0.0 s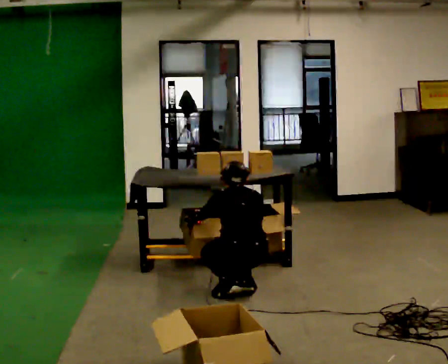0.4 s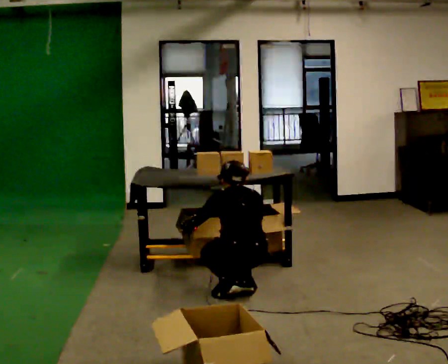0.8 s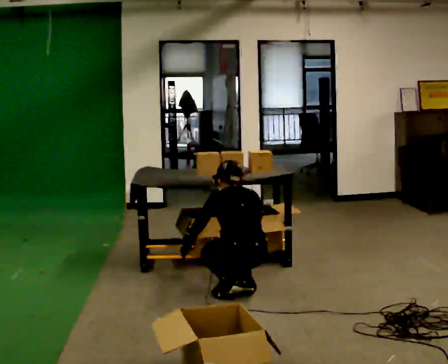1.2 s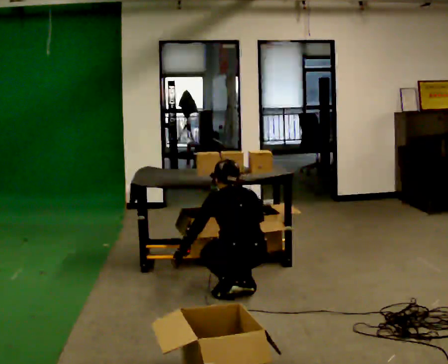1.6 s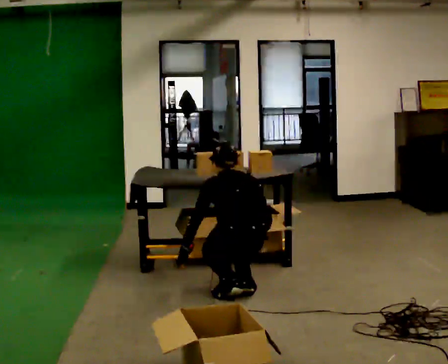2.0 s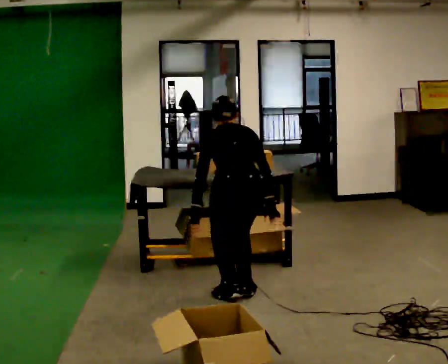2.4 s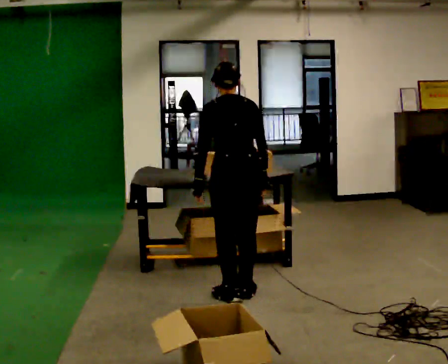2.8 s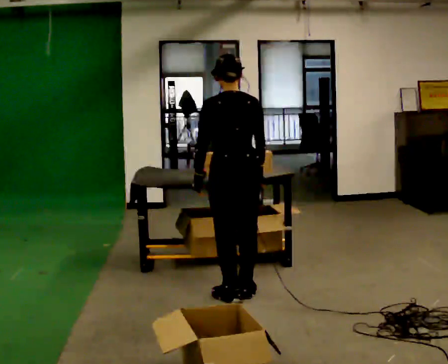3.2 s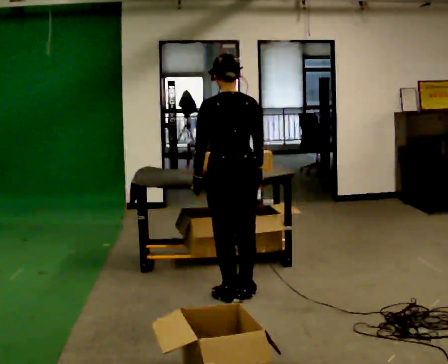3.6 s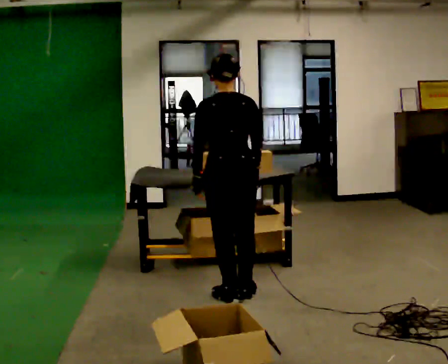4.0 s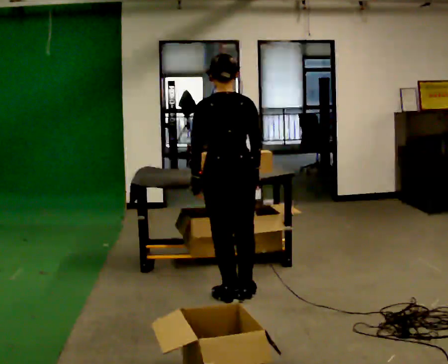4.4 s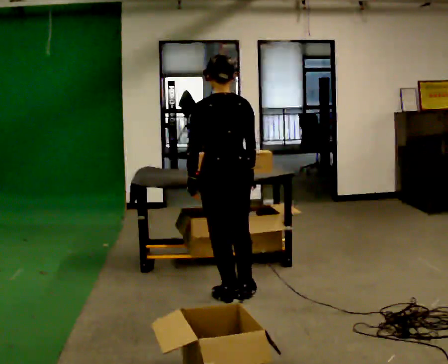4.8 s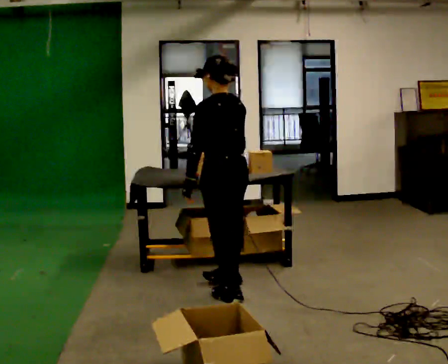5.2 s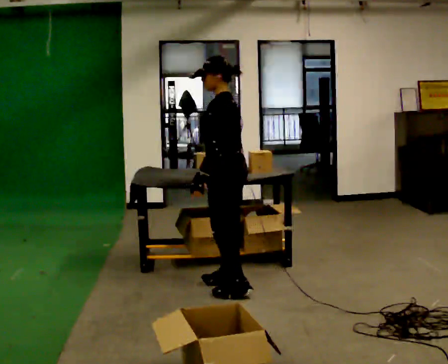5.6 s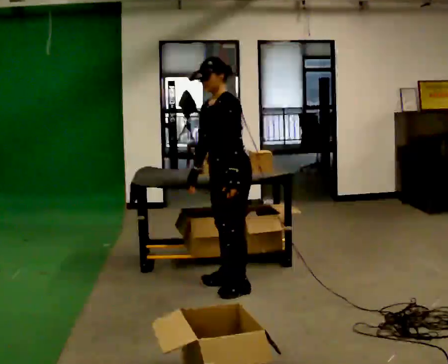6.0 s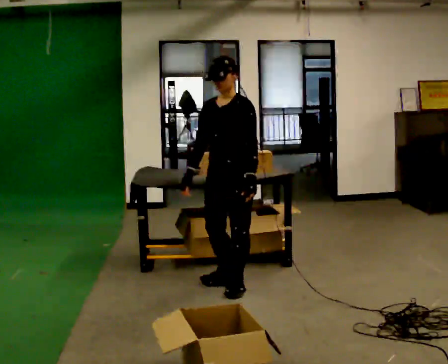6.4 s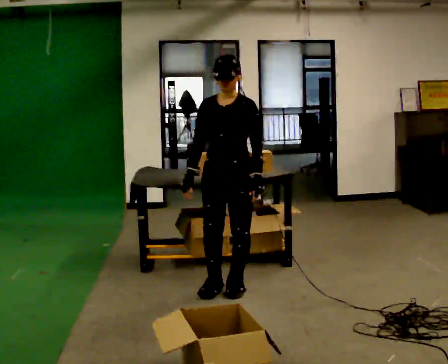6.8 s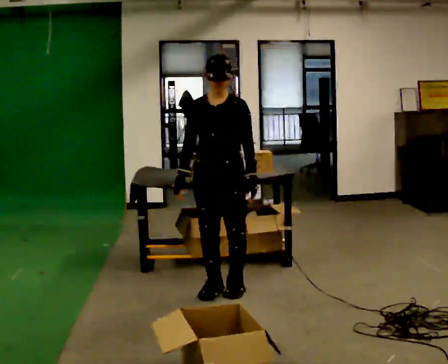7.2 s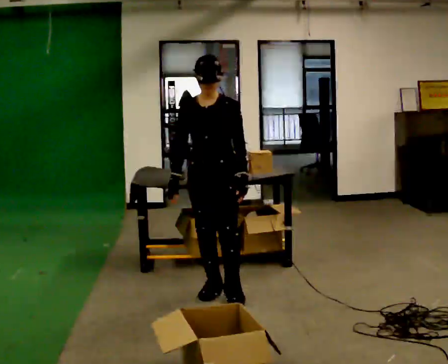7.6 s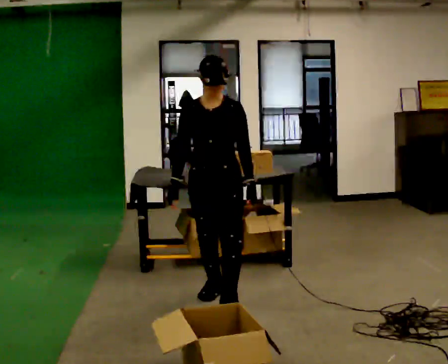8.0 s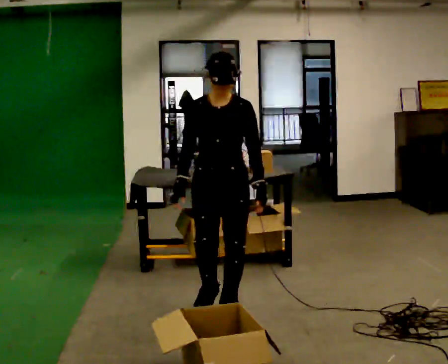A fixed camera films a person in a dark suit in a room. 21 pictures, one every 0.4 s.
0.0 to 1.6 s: The person moves a little, or ends about where they began.
1.6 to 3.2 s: The upper body goes upward. The upper body tips toward the camera, its near side rolling downward, as they lean back or straighten. In the picture their left hand goes upward.
3.2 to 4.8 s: The part of the body nearest the lens slides to the right as the person turns to their left by about 30 degrees.
4.8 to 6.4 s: Seen from above the body turns counterclockwise, about 120 degrees: to their left, with its near side sliding to the right.
6.4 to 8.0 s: In the picture they go toward the camera, about 0.5 m in 1 step, which for them is forward.
The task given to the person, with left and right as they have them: 1. Take everything out of the crates by the door. 2. Put the small items on the middle shelf. 3. Put the large items on the bottom shelf. 4. Stack the empty crates by the door. 5. Tell the operator when you are finished.
The film runs forward here.
